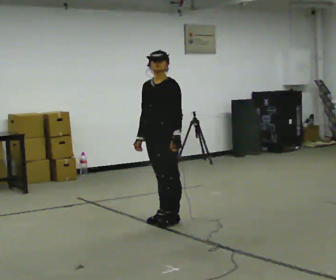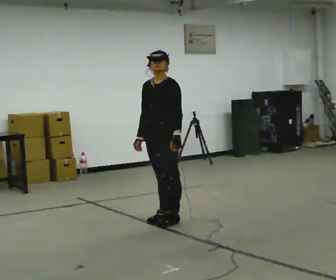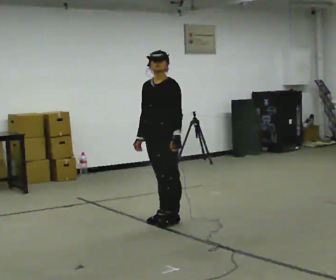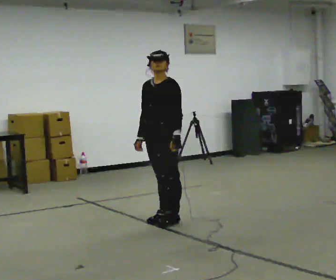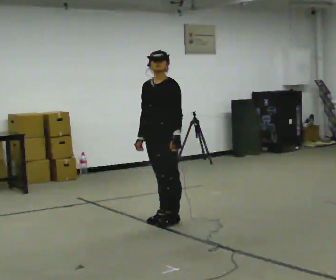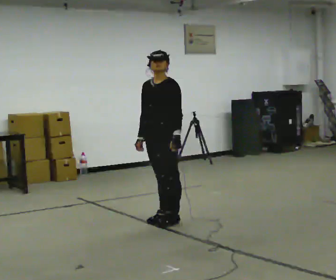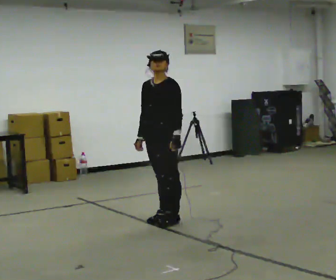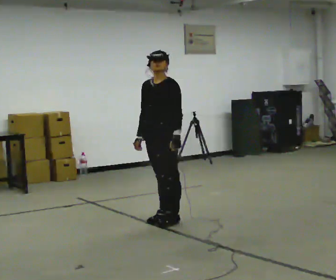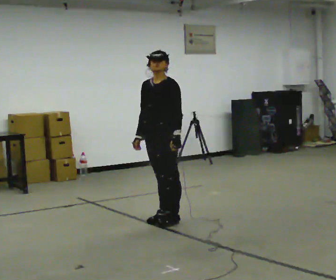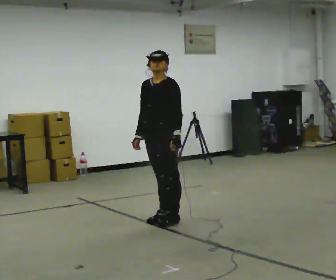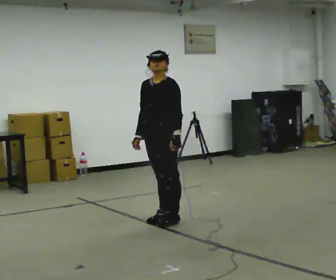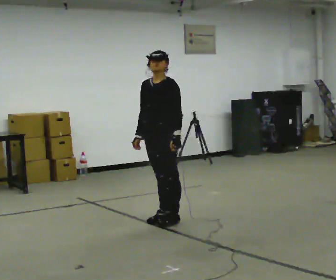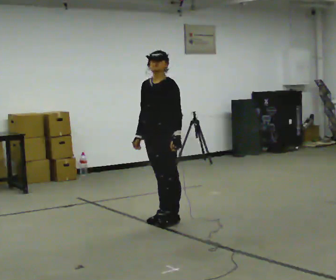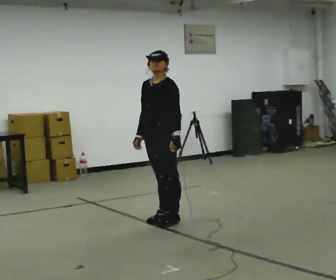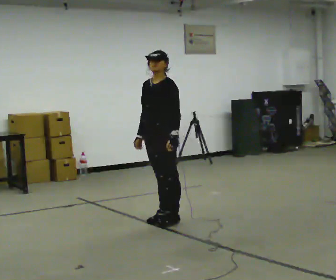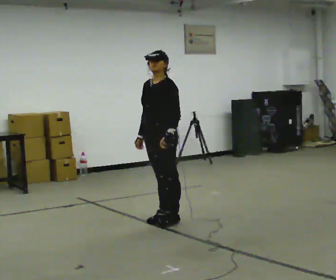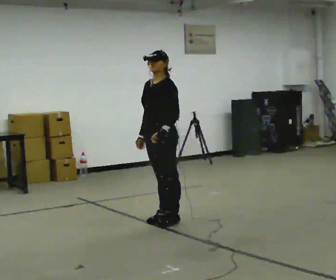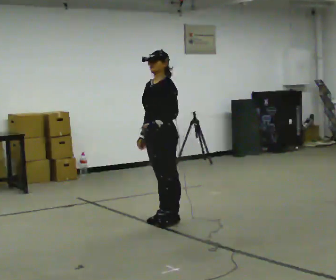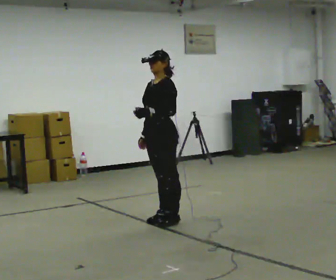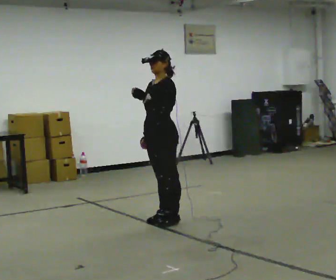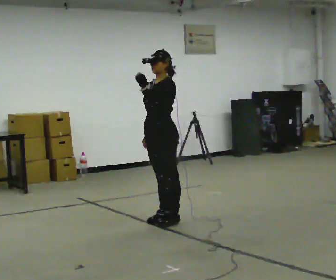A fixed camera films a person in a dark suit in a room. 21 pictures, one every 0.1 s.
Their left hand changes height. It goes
upward.
0.0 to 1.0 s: The person keeps their place and pose.
1.0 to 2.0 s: In the picture their left hand goes upward.
The film runs backward here.
